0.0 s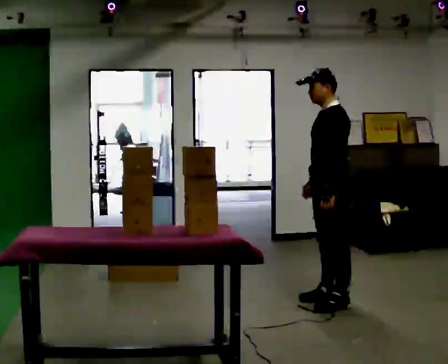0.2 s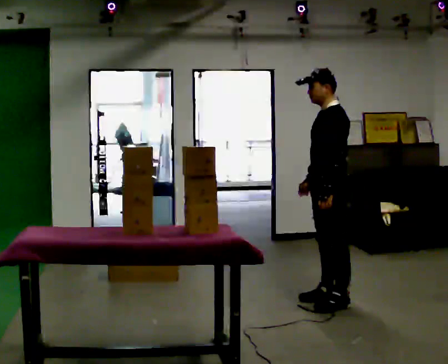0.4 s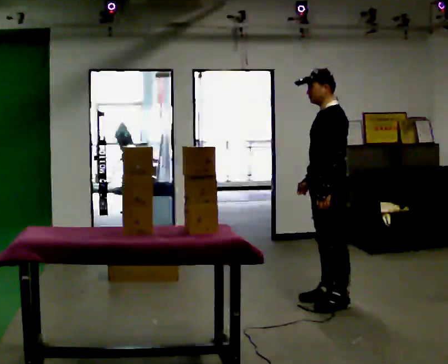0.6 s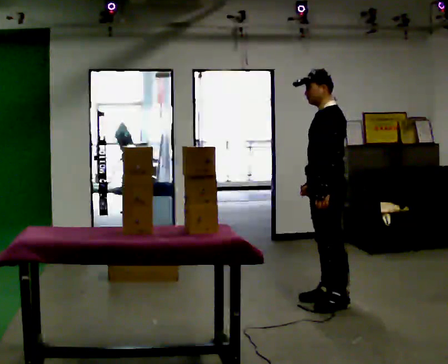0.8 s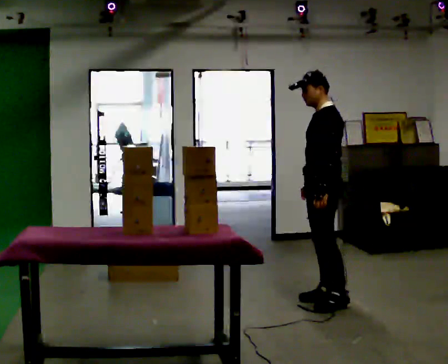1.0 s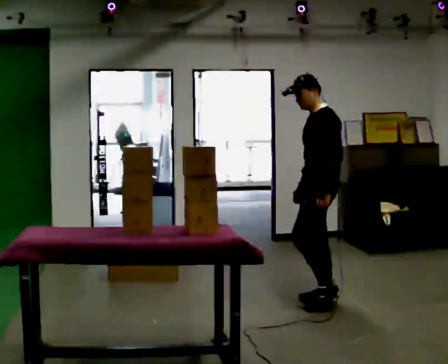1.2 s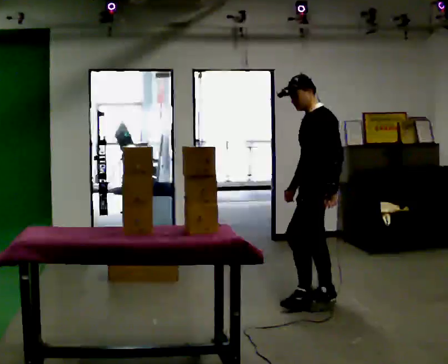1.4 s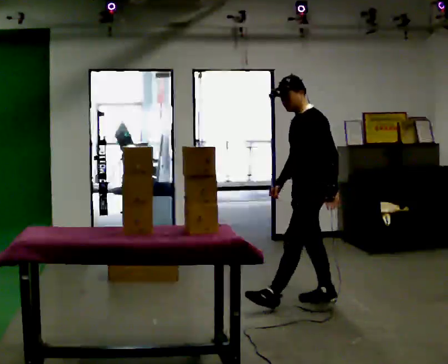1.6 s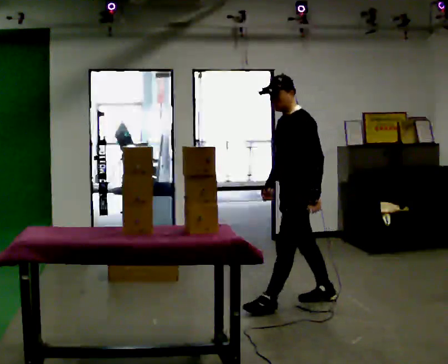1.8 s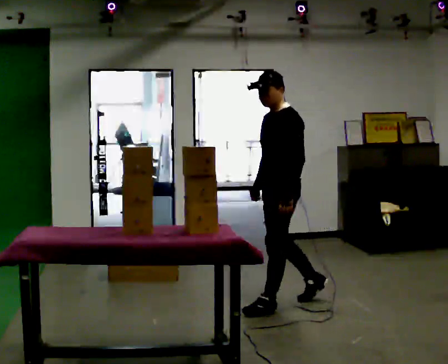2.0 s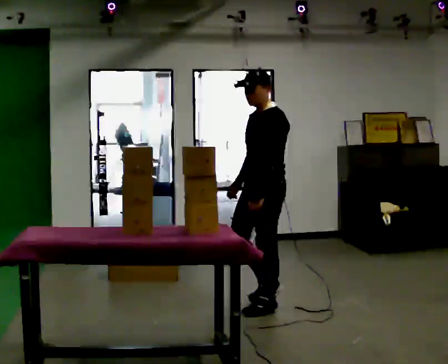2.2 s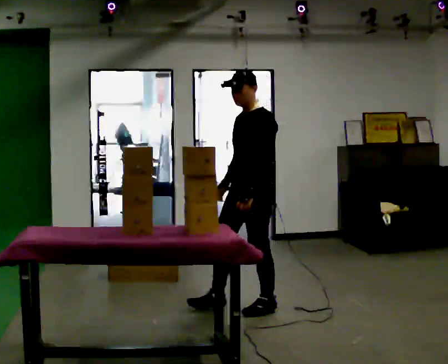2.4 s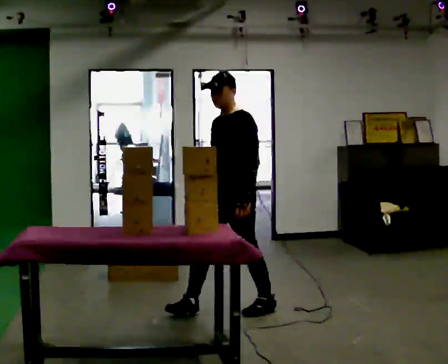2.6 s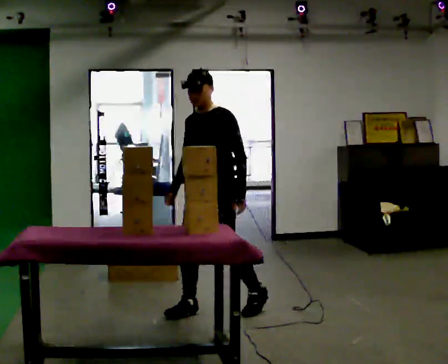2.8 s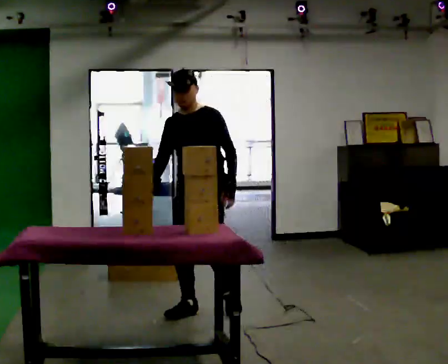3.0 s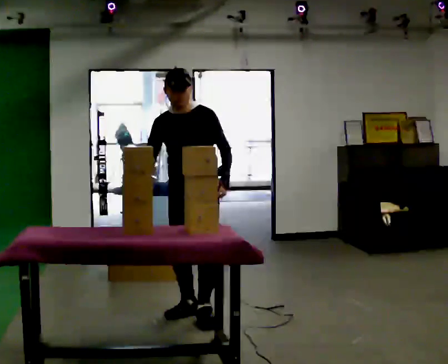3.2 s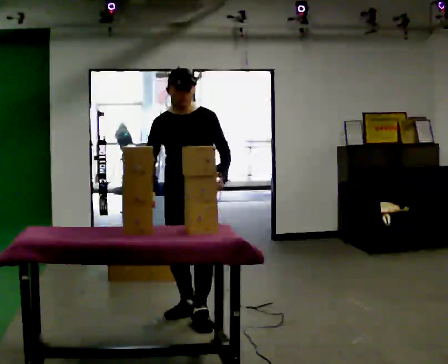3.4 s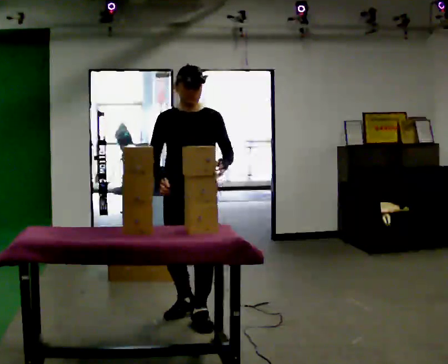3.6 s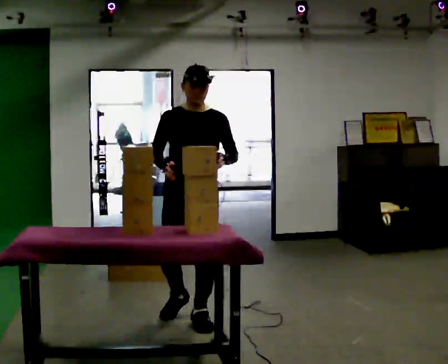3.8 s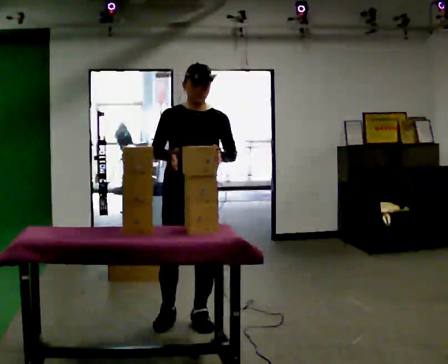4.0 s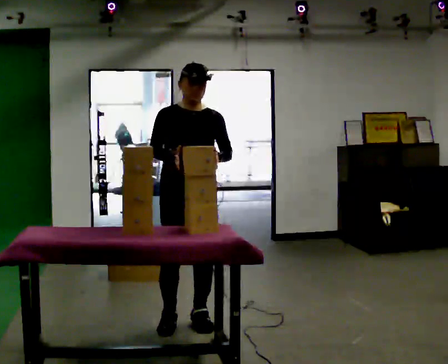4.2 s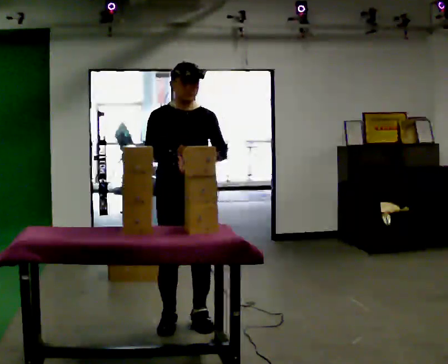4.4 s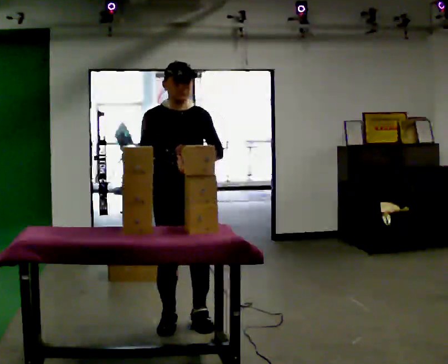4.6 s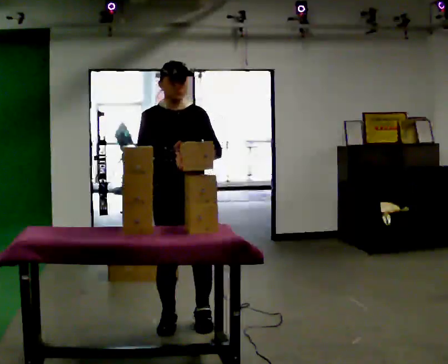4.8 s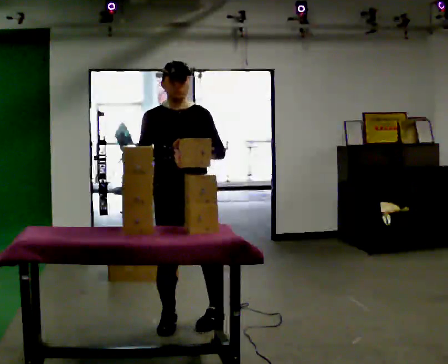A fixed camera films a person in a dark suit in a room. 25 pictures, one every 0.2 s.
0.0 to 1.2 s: The person moves a little, or ends about where they began.
1.2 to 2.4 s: Seen from above the body turns counterclockwise, about 30 degrees: to their left, with its near side sliding to the right. In the picture they go to the left and toward the camera, about 0.75 m in 2 steps, which for them is forward.
2.4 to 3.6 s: The person turns about 60 degrees to their left, counterclockwise seen from above, so the part of the body nearest the lens slides to the right. In the picture they go to the left and toward the camera, about 0.25 m in 1 step, which for them is forward and to their right.
3.6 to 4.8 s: The person moves a little, or ends about where they began.
The film runs forward here.
